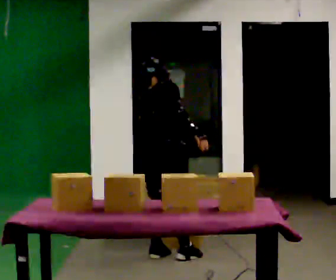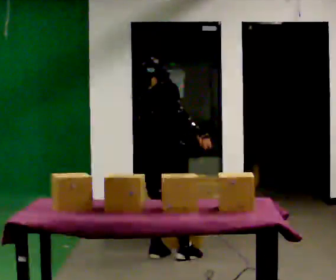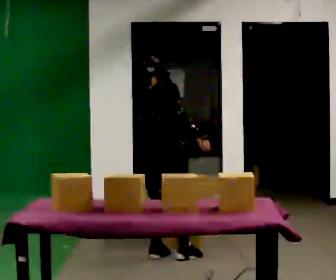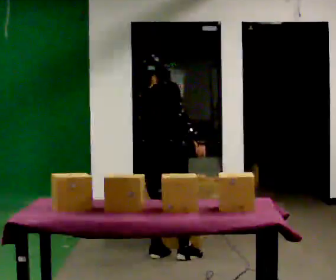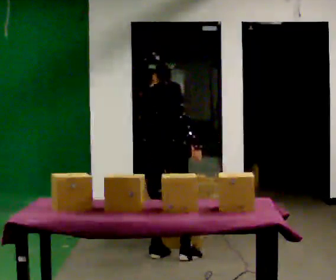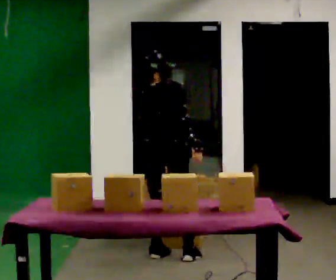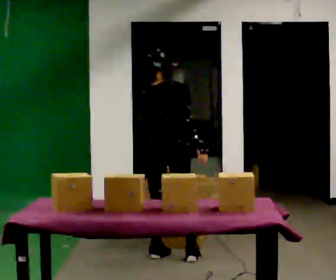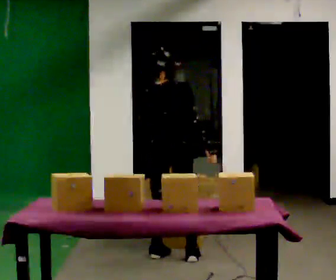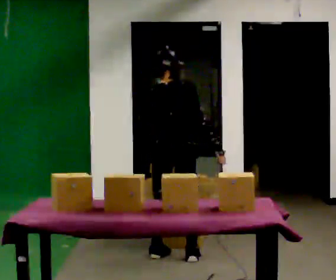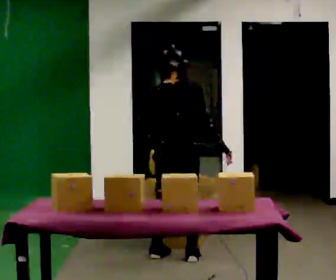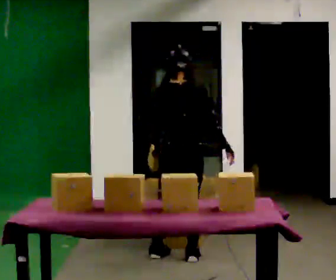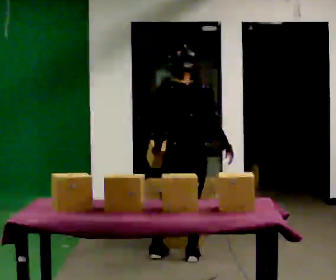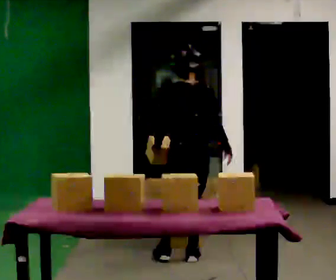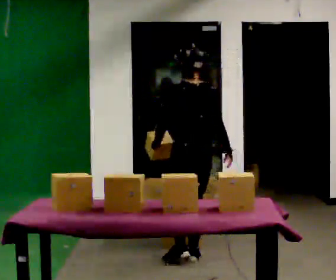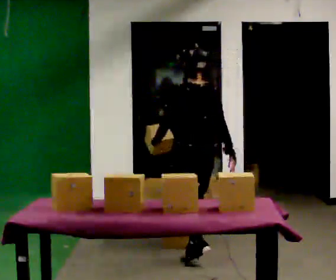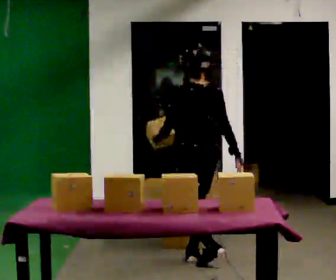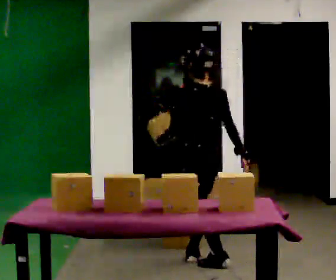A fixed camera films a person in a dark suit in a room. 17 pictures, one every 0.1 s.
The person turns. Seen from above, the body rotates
counterclockwise.
The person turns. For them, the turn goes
to their left.
0.0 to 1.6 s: Seen from above the body turns counterclockwise, about 75 degrees: to their left, with its near side sliding to the right. In the picture they go to the right, about 0.25 m in 1 step. The upper body tips toward the camera, its near side rolling downward, as they lean back or straighten.
The film runs backward here.
